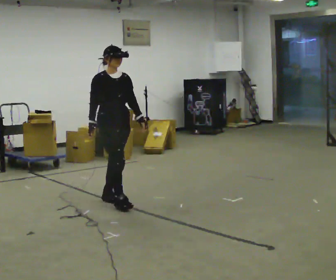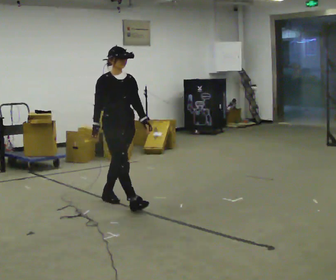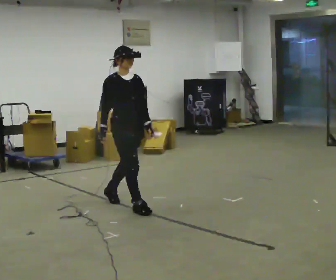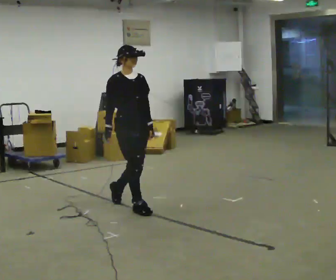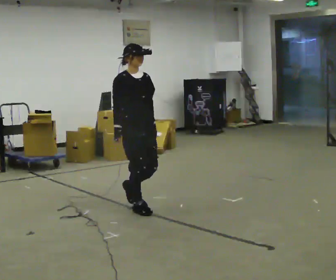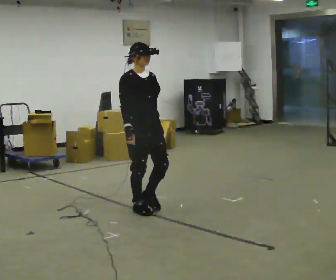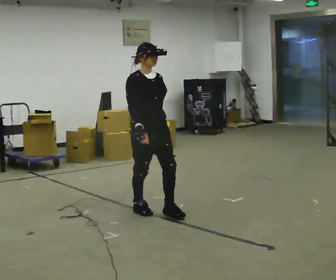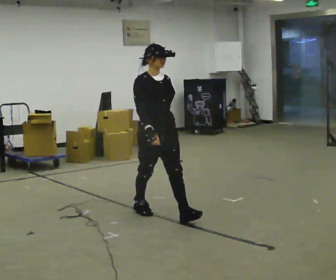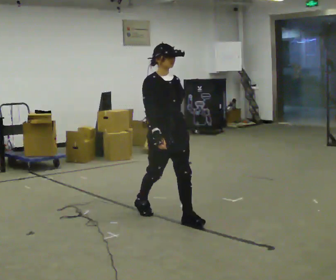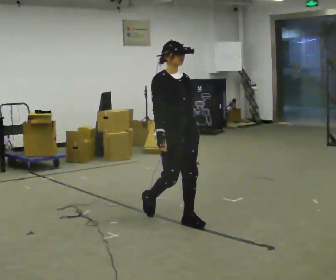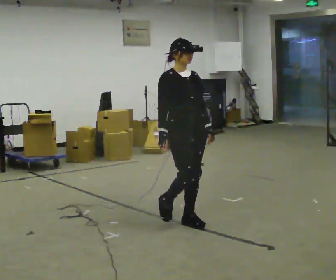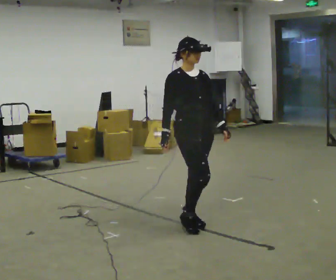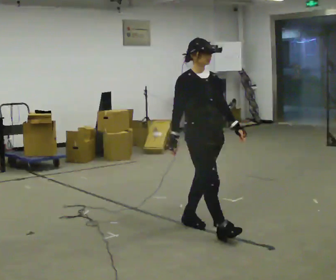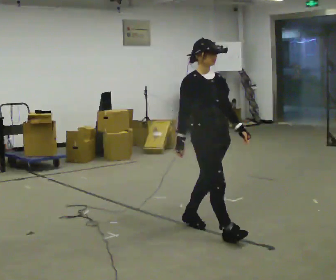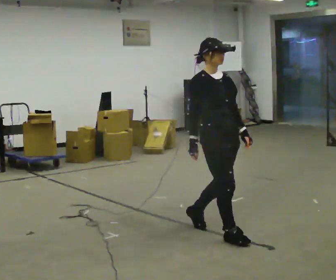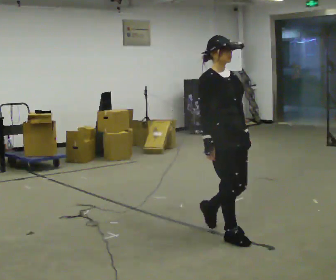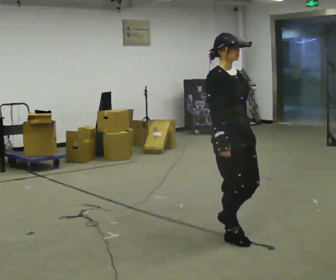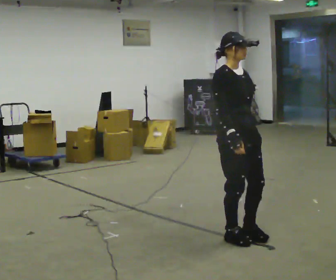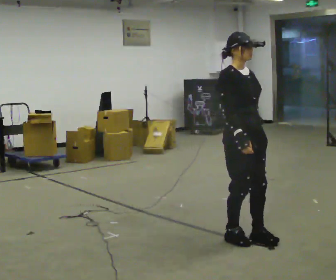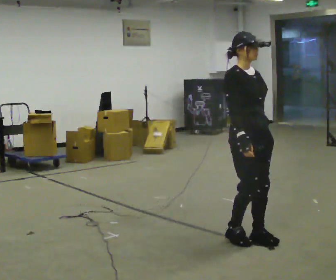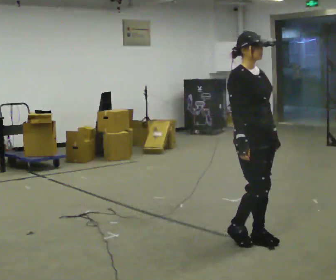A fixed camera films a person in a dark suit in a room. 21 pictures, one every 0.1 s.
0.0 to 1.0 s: In the picture they go toward the camera and to the right, about 1 m in 2 steps, which for them is forward.
1.0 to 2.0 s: In the picture they go toward the camera and to the right, about 0.75 m in 2 steps, which for them is forward.
The film runs forward here.
